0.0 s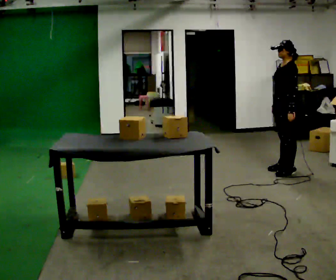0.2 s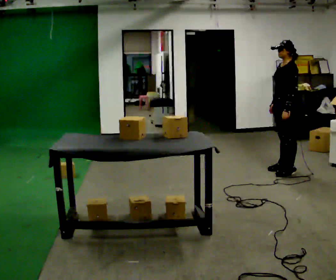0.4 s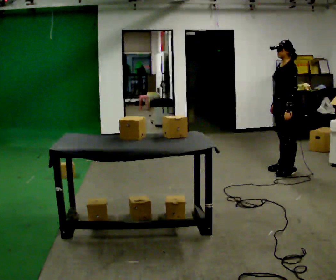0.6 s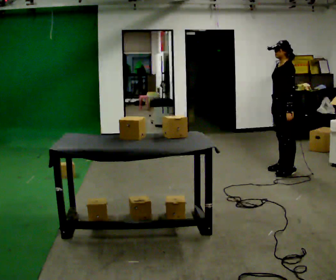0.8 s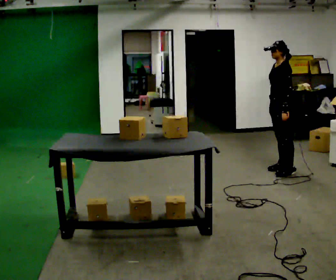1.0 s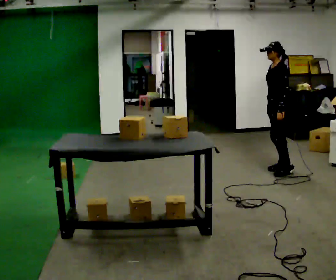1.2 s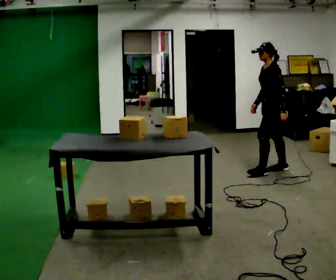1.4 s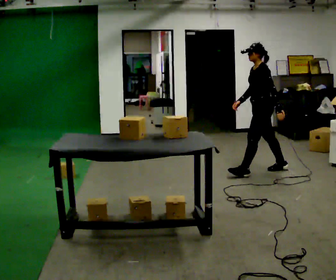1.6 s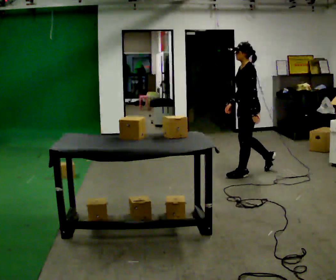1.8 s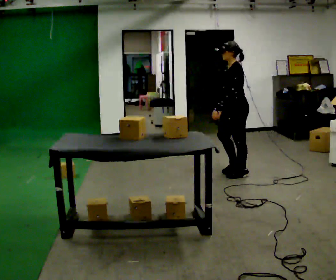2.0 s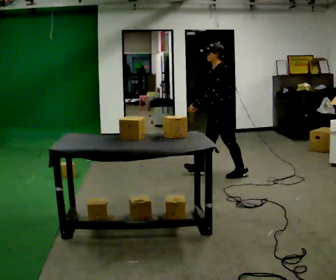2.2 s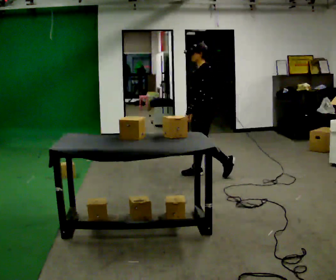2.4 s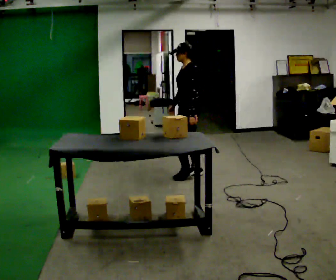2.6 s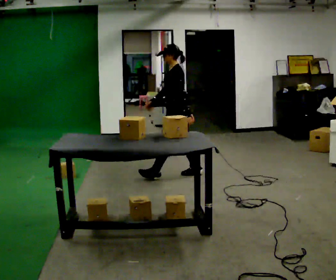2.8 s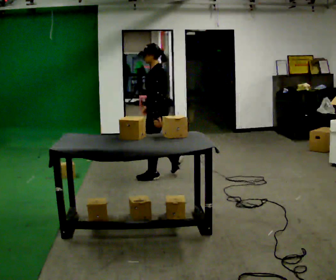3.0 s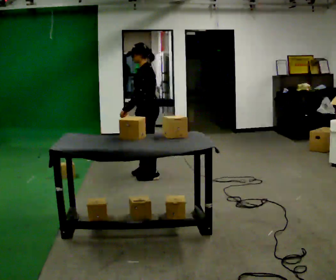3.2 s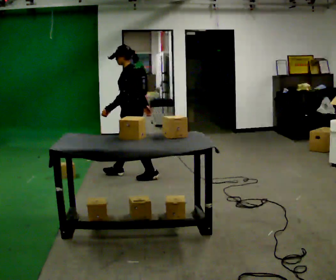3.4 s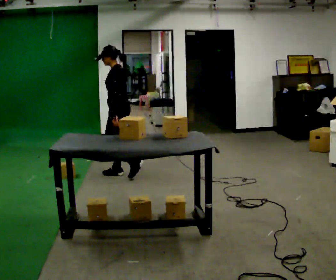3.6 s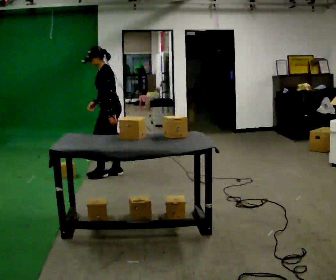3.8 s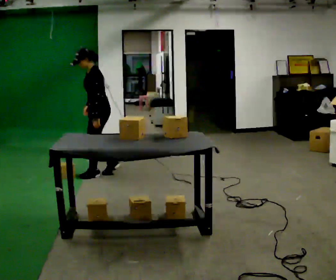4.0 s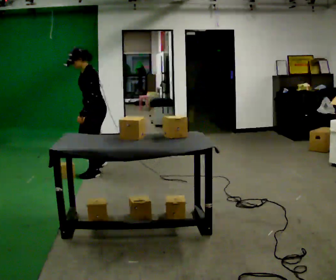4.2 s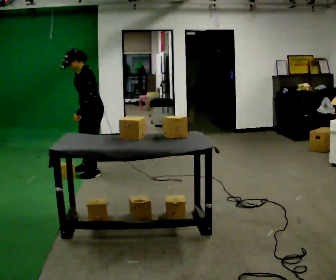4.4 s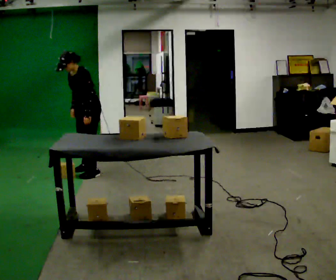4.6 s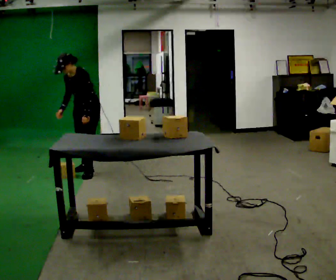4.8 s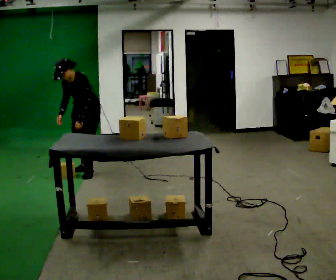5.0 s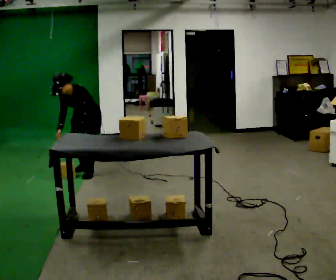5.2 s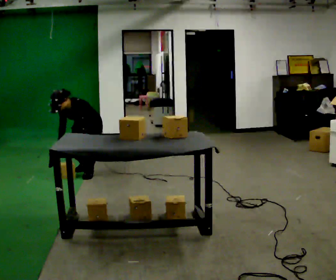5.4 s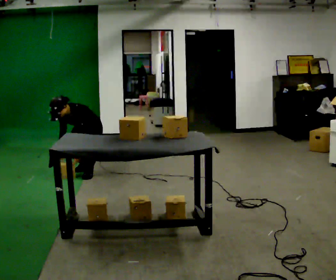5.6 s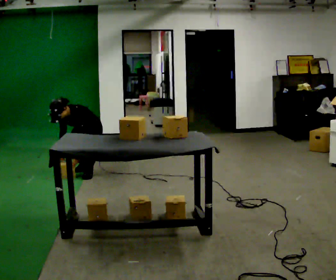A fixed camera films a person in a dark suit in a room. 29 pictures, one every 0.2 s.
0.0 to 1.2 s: The person moves a little, or ends about where they began.
1.2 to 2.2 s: In the picture they go to the left, about 1 m in 2 steps, which for them is forward.
2.2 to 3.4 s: In the picture they go to the left, about 1 m in 2 steps, which for them is forward.
3.4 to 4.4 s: The part of the body nearest the lens slides to the right as the person turns to their left by about 45 degrees. In the picture they go to the left, about 0.5 m in 2 steps, which for them is forward and to their right.
4.4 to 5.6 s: The person turns about 30 degrees to their left, counterclockwise seen from above, so the part of the body nearest the lens slides to the right. The upper body goes downward. The upper body tips toward the camera, its near side rolling downward, as they bend forward. In the picture their right hand goes downward.
The film runs forward here.
